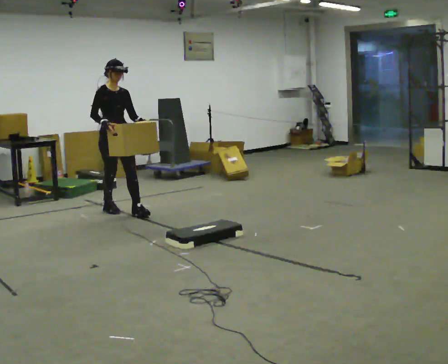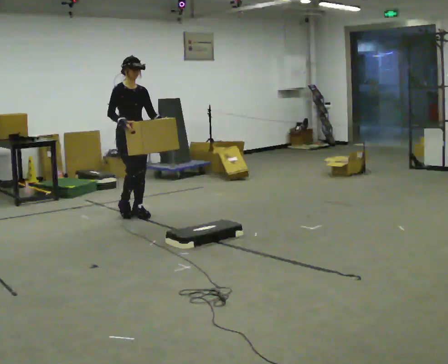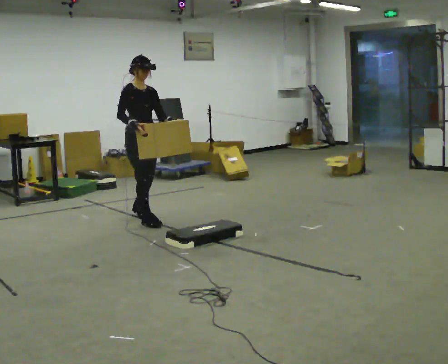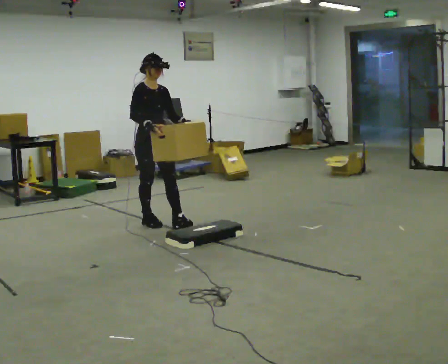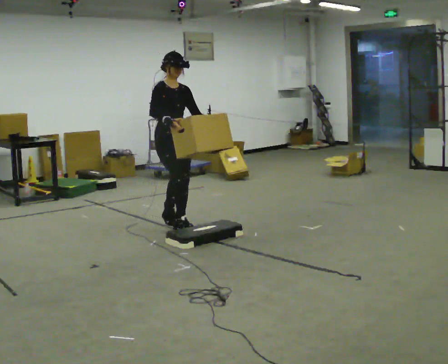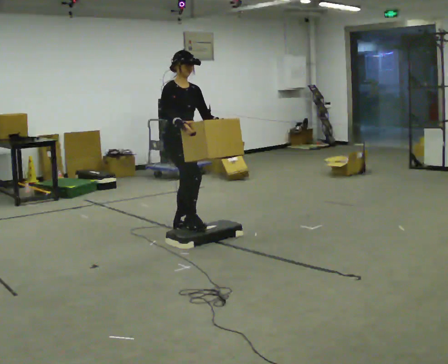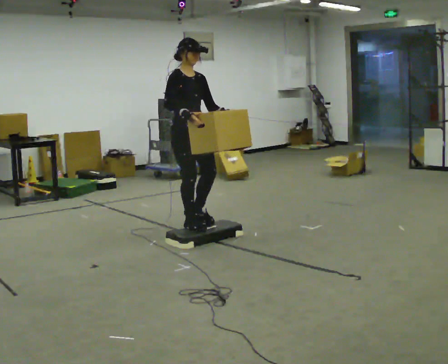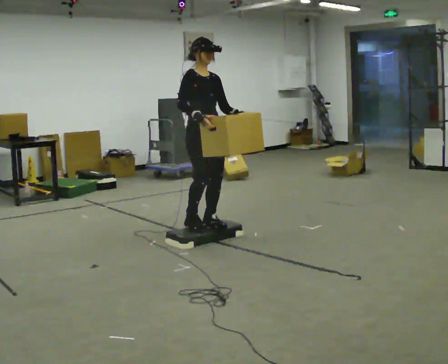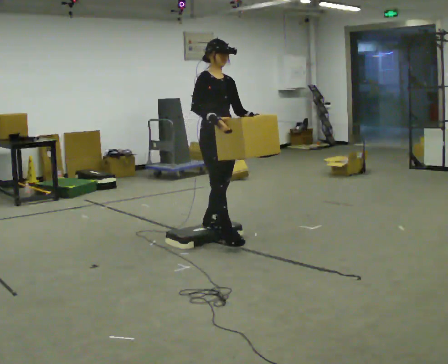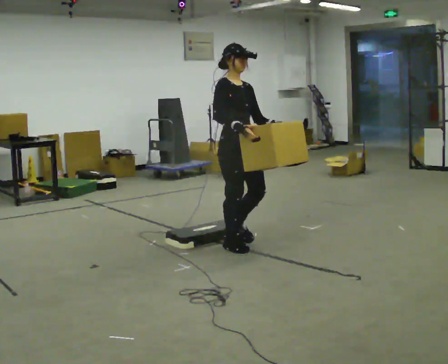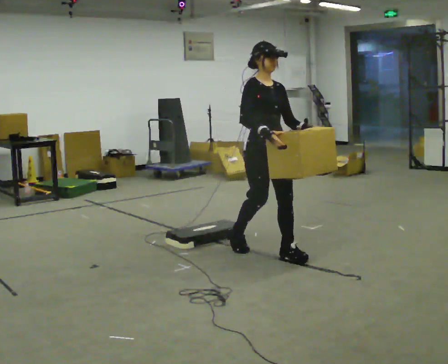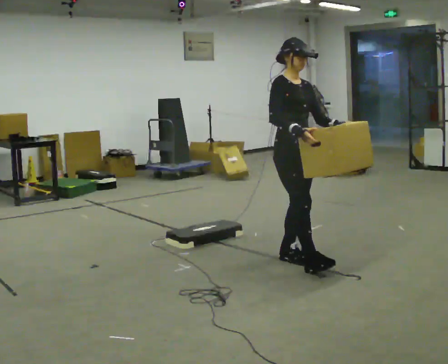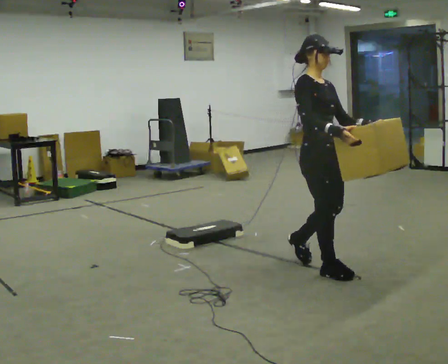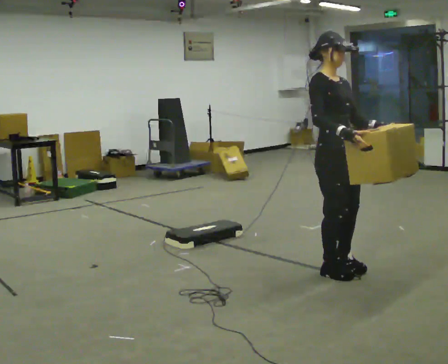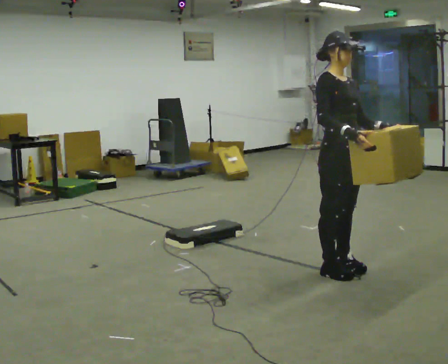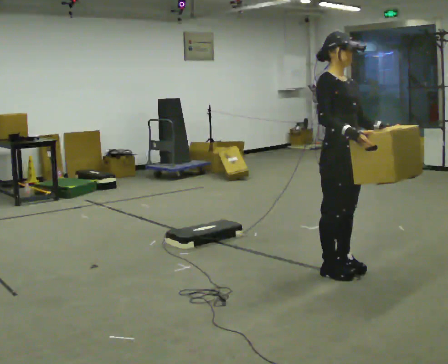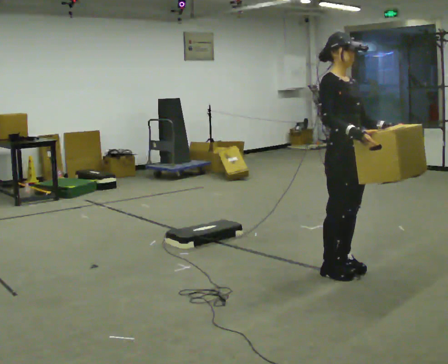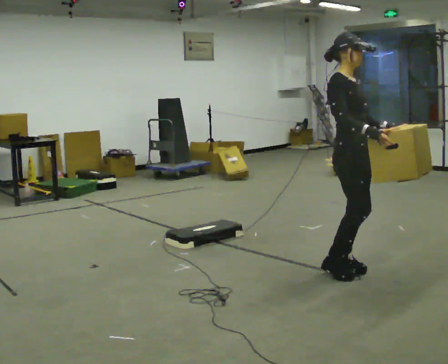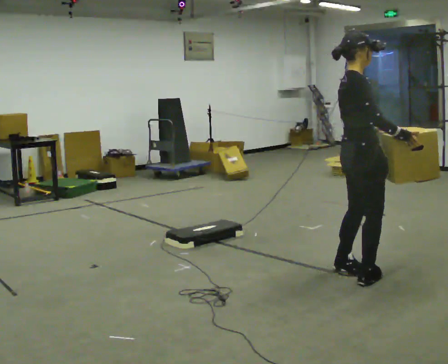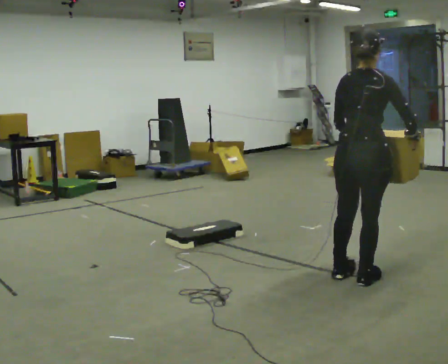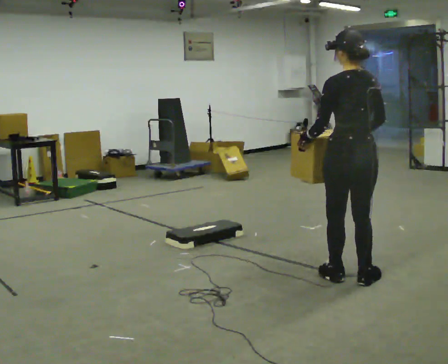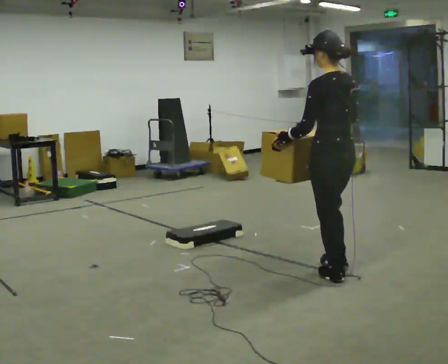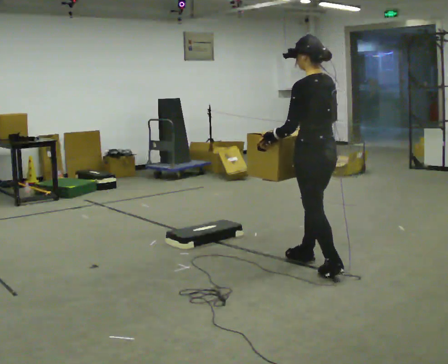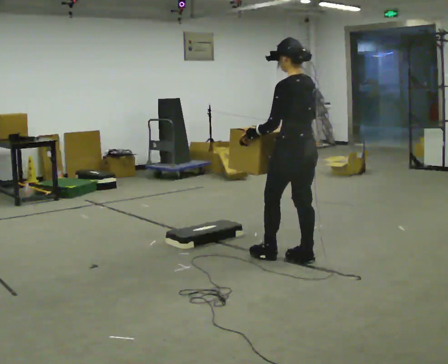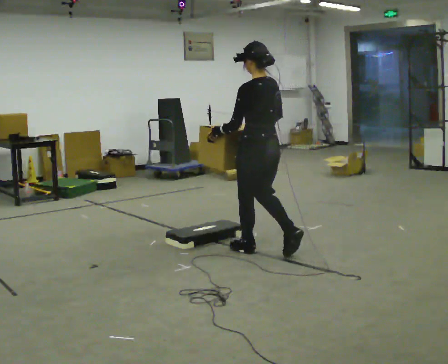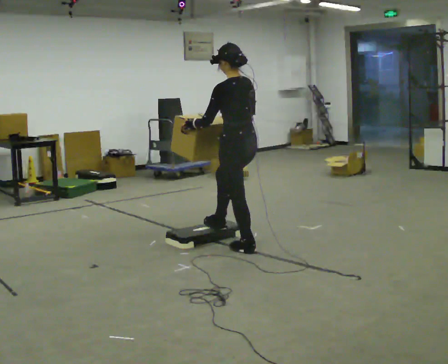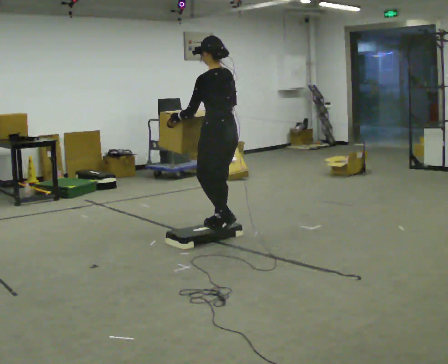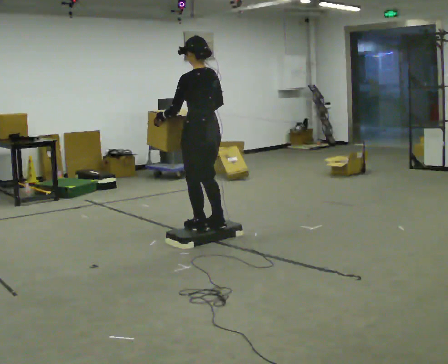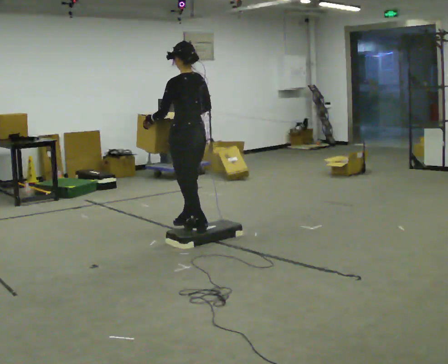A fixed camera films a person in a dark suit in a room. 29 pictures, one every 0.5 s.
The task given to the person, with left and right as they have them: Carry the box up onto the platform, across it, and down the other side, then bring it back. Keep going until the operator says stop; one object at a time, and do not rush between trips.
0.0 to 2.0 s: In the picture they go to the right and toward the camera, about 1 m in 2 steps, which for them is forward.
2.0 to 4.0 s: In the picture they go to the right and toward the camera, about 0.75 m in 2 steps, which for them is forward.
4.0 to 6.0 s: In the picture they go to the right and toward the camera, about 1 m in 3 steps, which for them is forward.
6.0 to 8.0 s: In the picture they go to the right, about 0.25 m in 1 step, which for them is forward.
8.0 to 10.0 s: Seen from above the body turns counterclockwise, about 150 degrees: to their left, with its near side sliding to the right. In the picture they go toward the camera, about 0.25 m in 2 steps.
10.0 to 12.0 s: In the picture they go to the left and away from the camera, about 1 m in 2 steps, which for them is forward.
12.0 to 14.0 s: In the picture they go to the left and away from the camera, about 1 m in 2 steps, which for them is forward.
The film runs forward here.
